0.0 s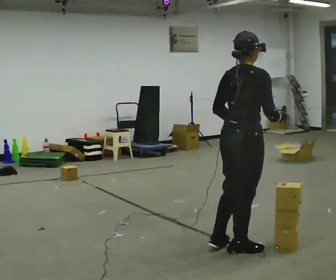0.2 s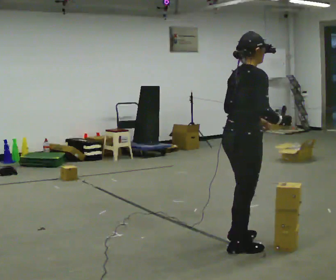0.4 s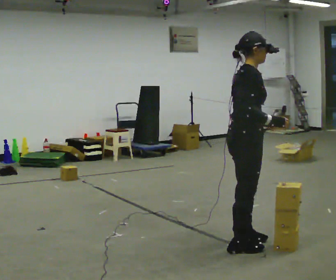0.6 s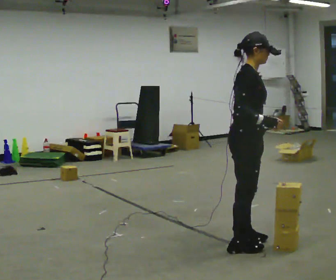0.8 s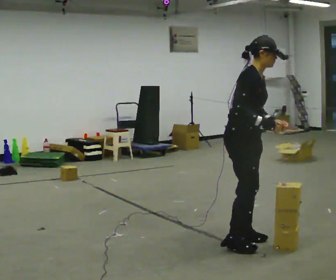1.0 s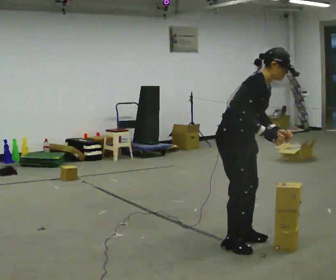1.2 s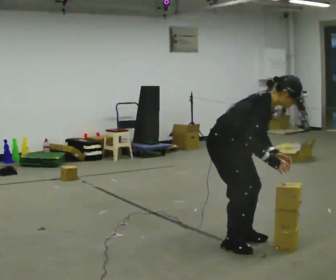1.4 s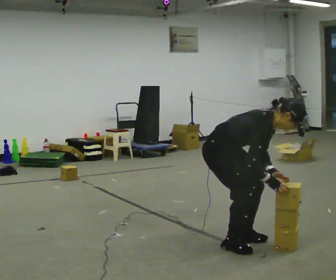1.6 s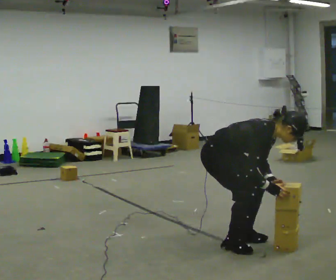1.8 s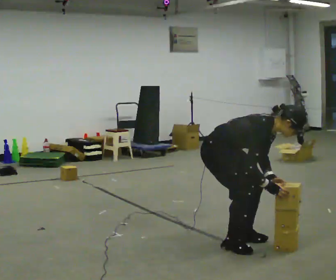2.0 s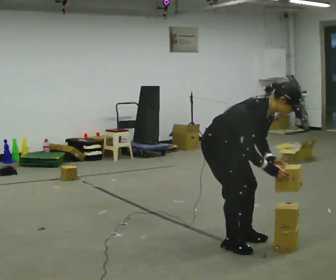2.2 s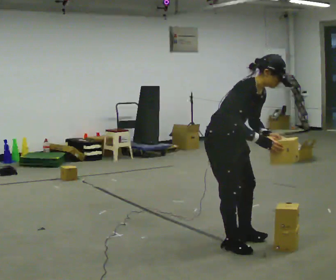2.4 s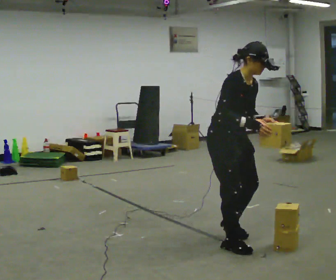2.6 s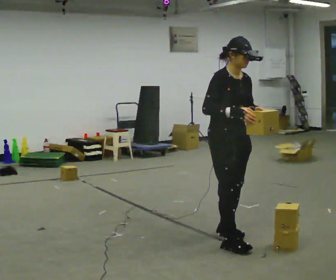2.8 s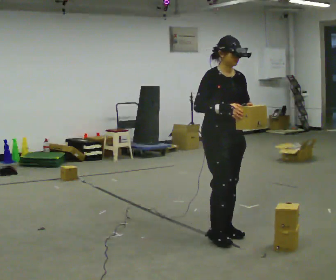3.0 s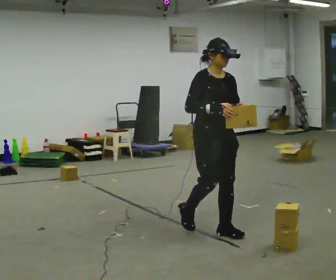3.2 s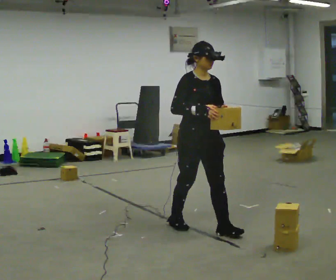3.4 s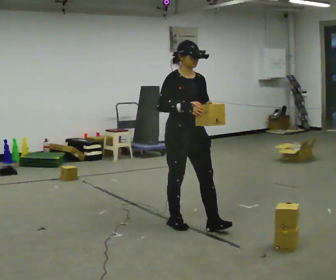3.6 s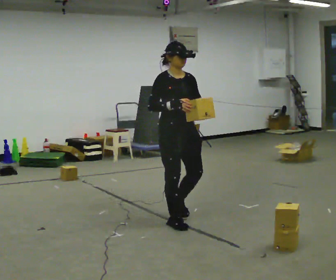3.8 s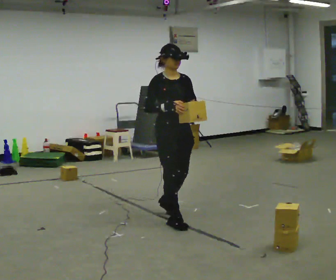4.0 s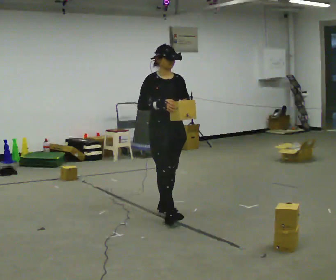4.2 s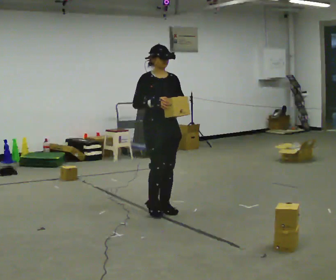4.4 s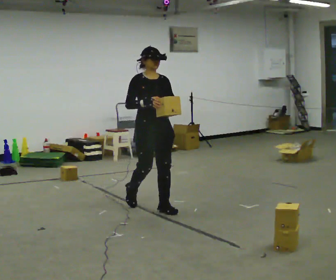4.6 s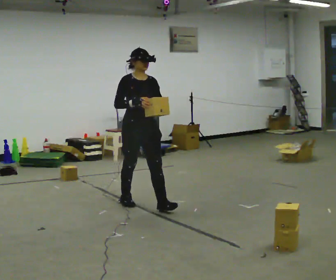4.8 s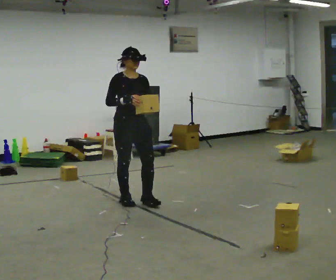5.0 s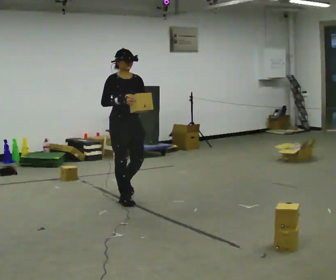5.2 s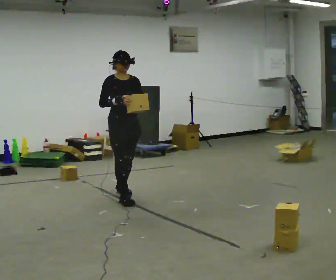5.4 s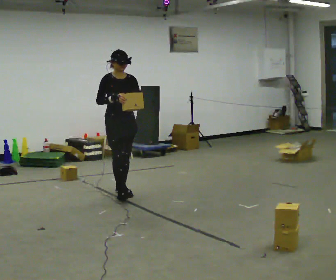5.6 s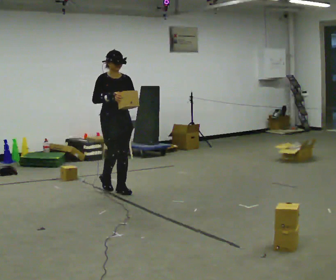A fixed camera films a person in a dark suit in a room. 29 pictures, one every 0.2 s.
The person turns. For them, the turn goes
to their right.
The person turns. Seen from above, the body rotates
clockwise.
0.0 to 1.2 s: Seen from above the body turns clockwise, about 60 degrees: to their right, with its near side sliding to the left. In the picture they go away from the camera, about 0.25 m. The upper body goes downward. In the picture the upper body tilts clockwise, shoulders to the right, as they bend forward.
1.2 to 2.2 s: The person moves a little, or ends about where they began.
2.2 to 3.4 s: In the picture they go away from the camera and to the left, about 0.5 m in 3 steps, which for them is backward. In the picture the upper body tilts counterclockwise, shoulders to the left, as they lean back or straighten.
3.4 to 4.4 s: In the picture they go away from the camera and to the left, about 0.75 m in 1 step, which for them is backward.
4.4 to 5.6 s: In the picture they go away from the camera and to the left, about 1 m in 2 steps, which for them is backward.
The film runs backward here.
